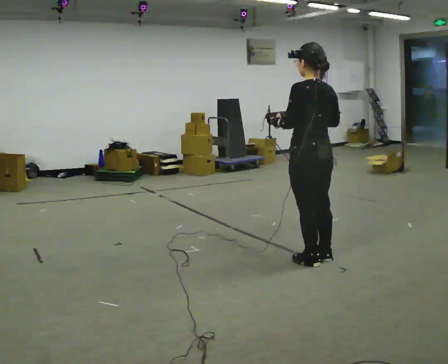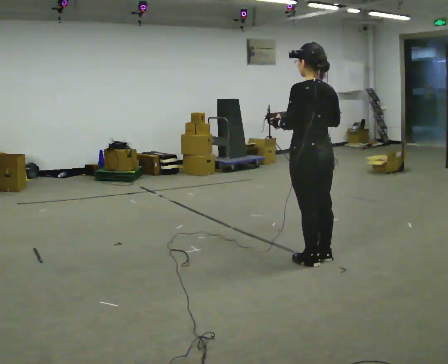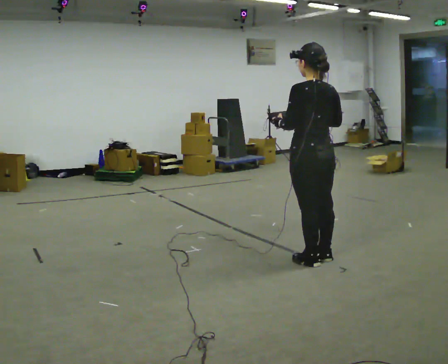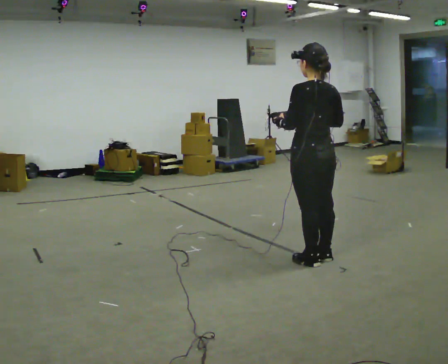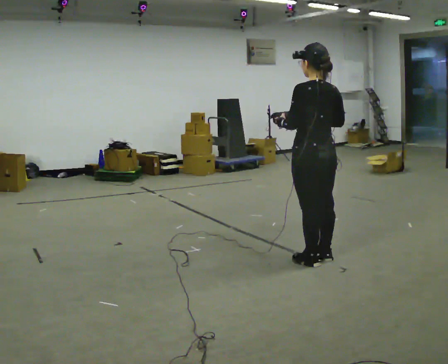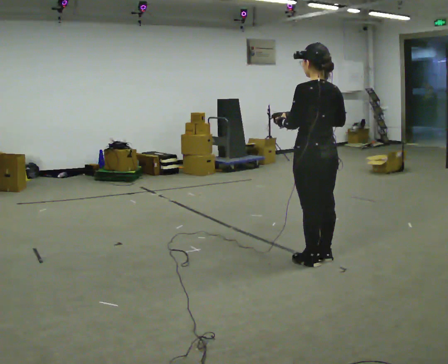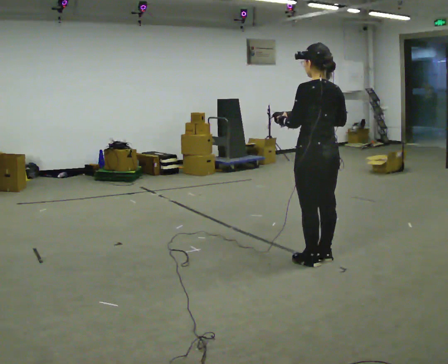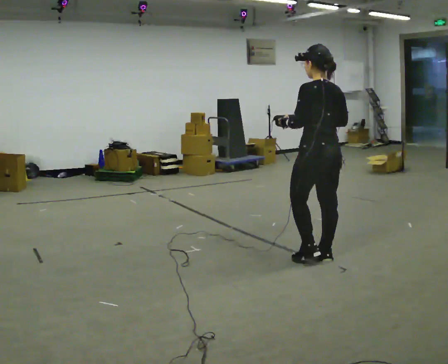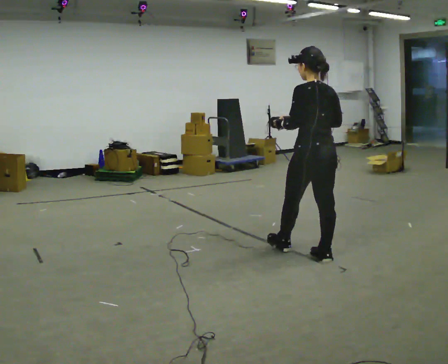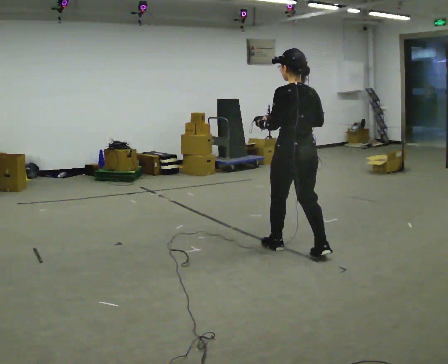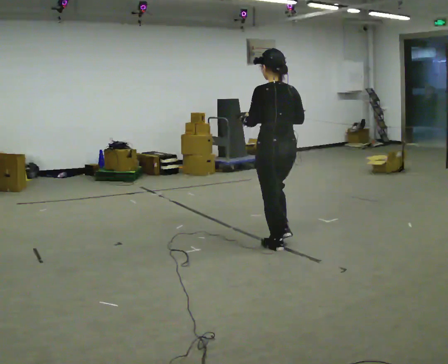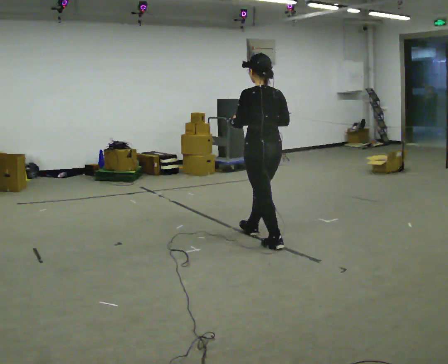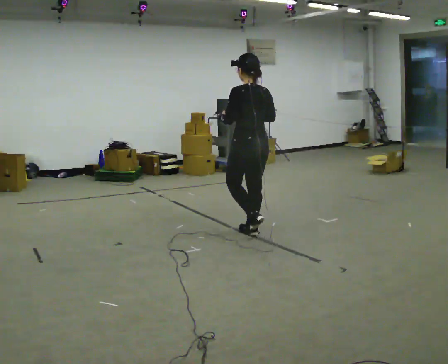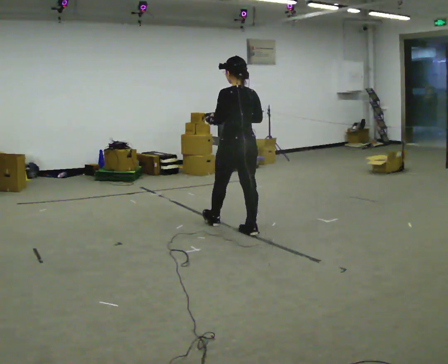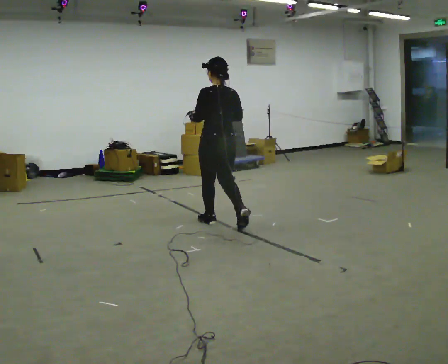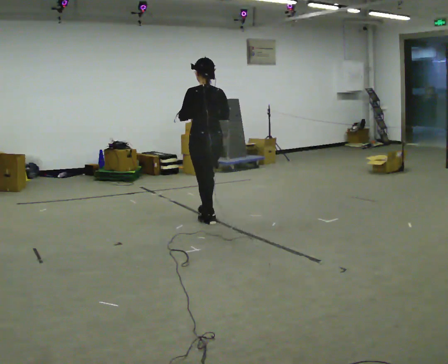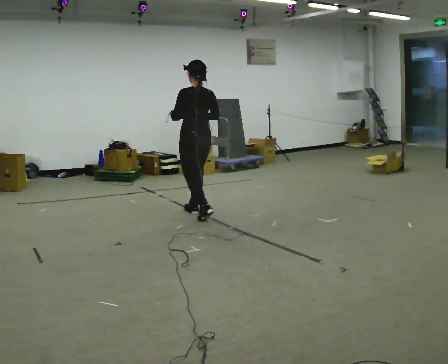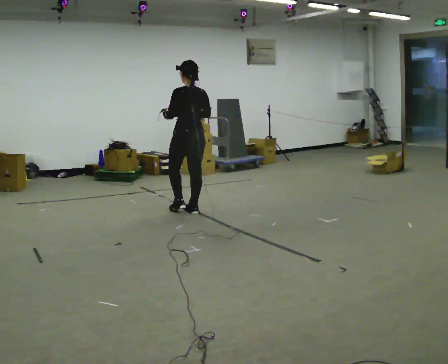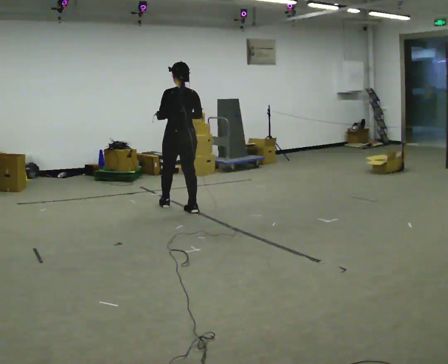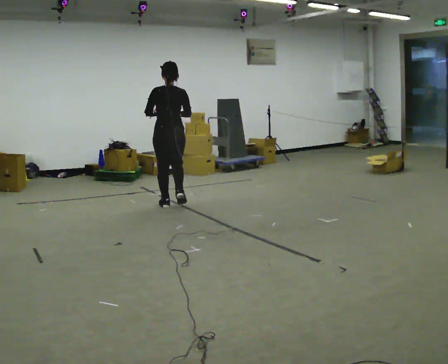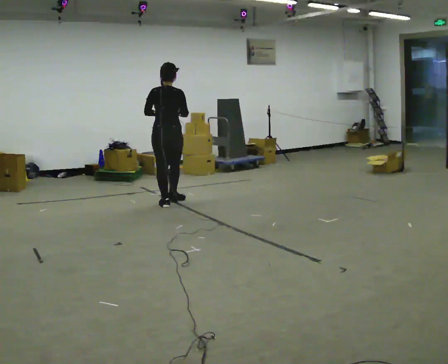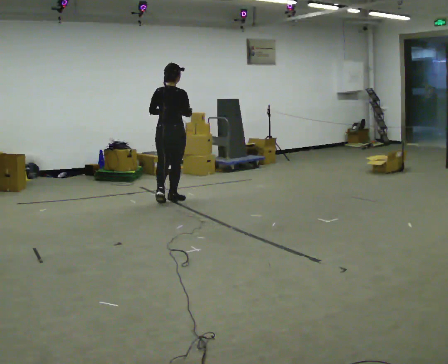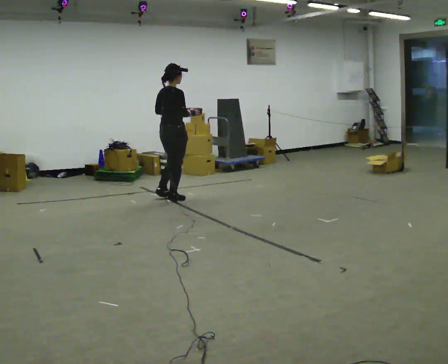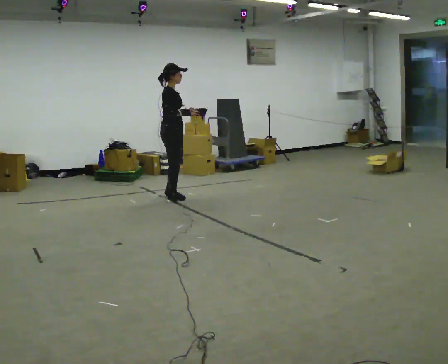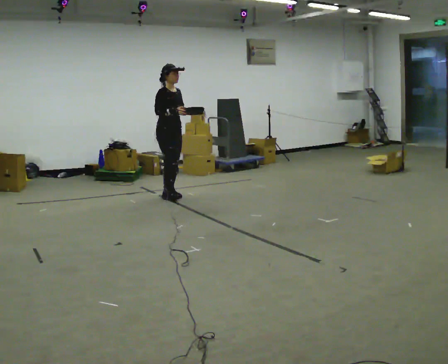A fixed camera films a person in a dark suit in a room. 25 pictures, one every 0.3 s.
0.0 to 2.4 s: The person moves a little, or ends about where they began.
2.4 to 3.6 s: In the picture they go away from the camera and to the left, about 1 m in 2 steps, which for them is forward.
3.6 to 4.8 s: In the picture they go away from the camera and to the left, about 1 m in 2 steps, which for them is forward.
4.8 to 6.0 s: Seen from above the body turns clockwise, about 30 degrees: to their right, with its near side sliding to the left. In the picture they go away from the camera and to the left, about 0.5 m in 2 steps, which for them is forward.
6.0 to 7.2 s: The person turns about 135 degrees to their right, clockwise seen from above, so the part of the body nearest the lens slides to the left. In the picture they go away from the camera, about 0.5 m in 1 step.
The film runs forward here.
